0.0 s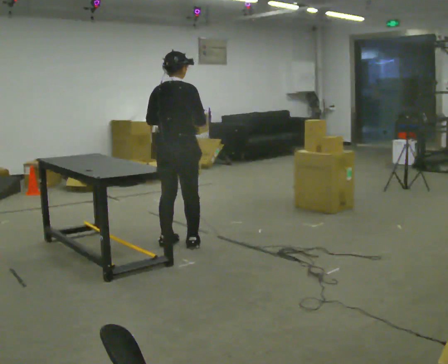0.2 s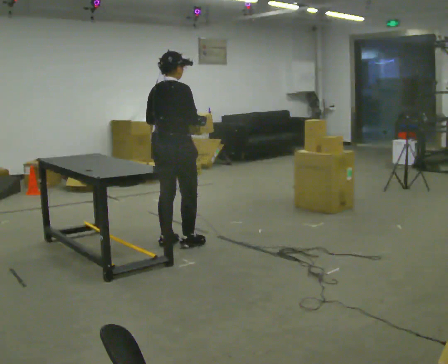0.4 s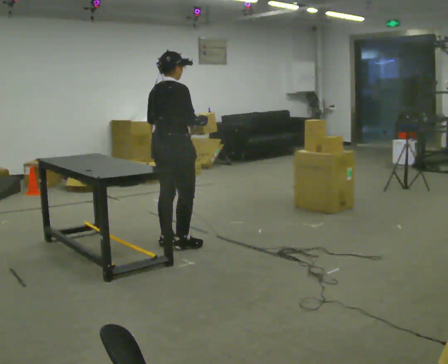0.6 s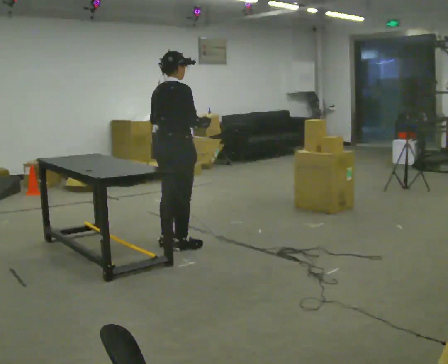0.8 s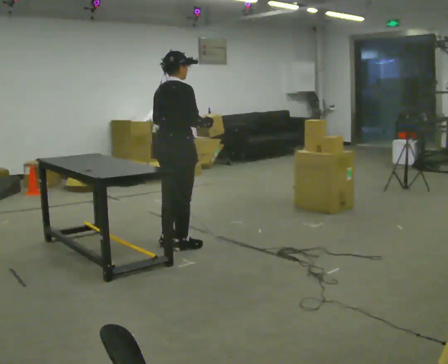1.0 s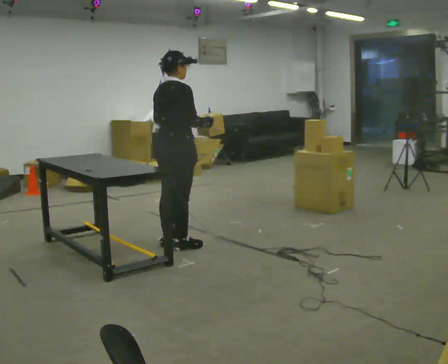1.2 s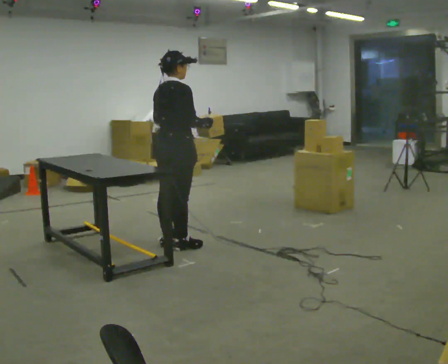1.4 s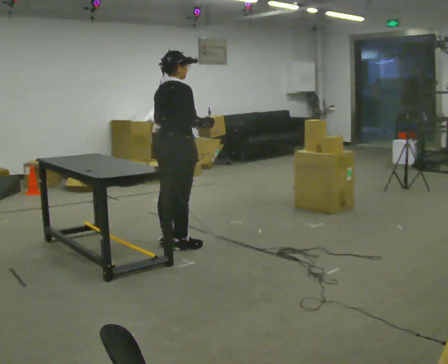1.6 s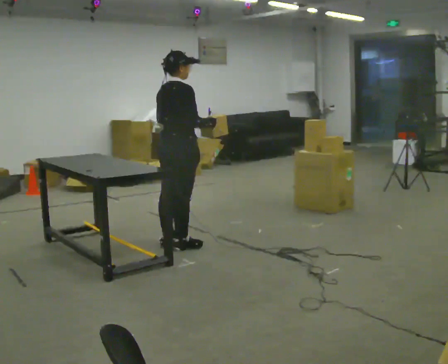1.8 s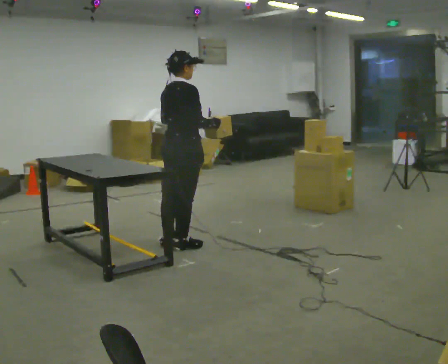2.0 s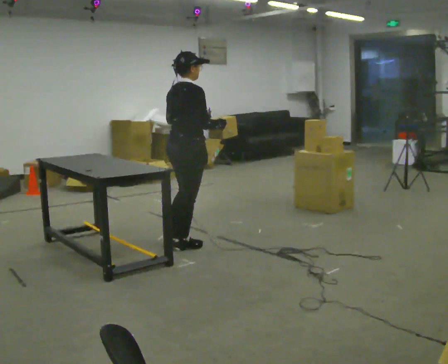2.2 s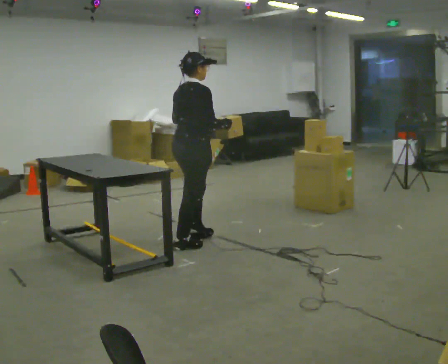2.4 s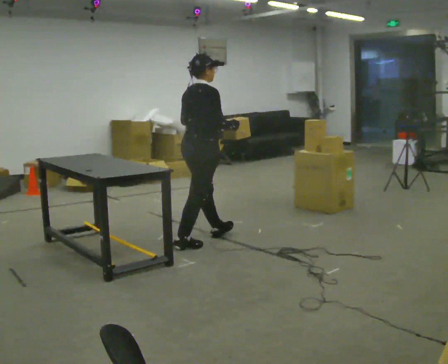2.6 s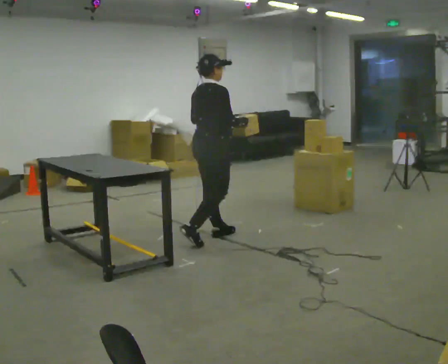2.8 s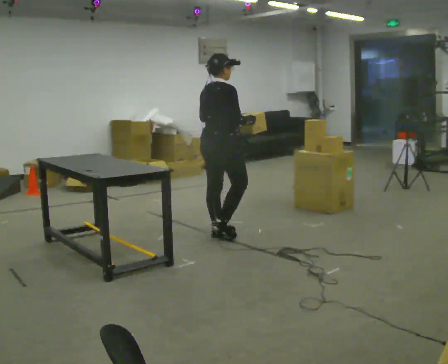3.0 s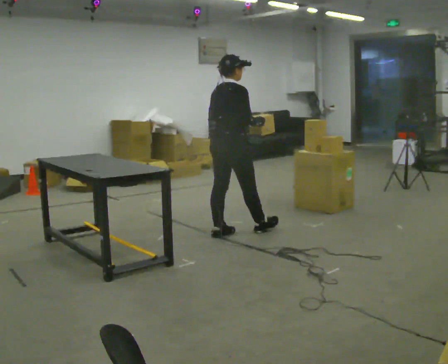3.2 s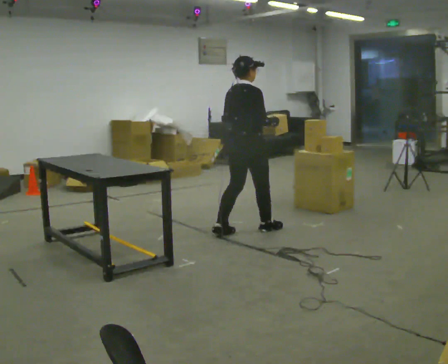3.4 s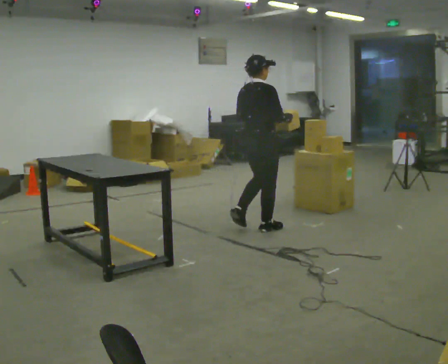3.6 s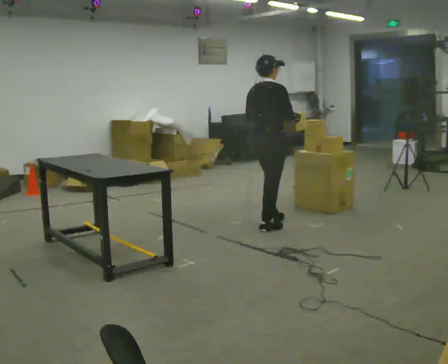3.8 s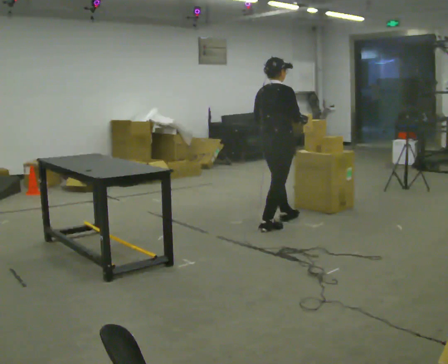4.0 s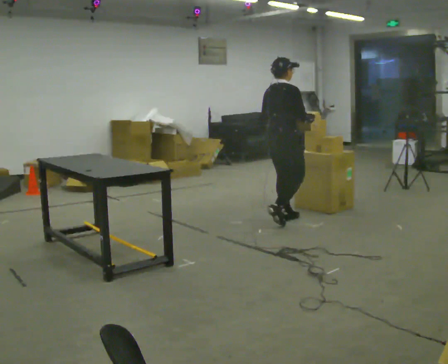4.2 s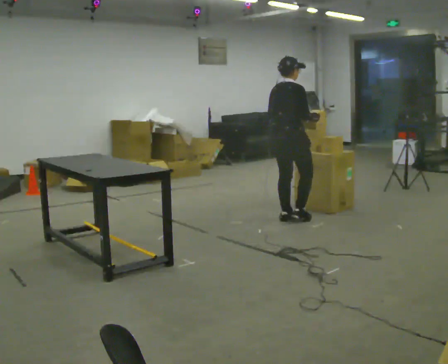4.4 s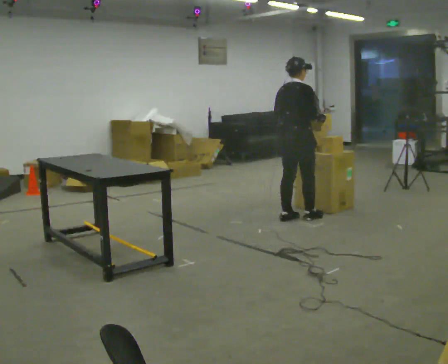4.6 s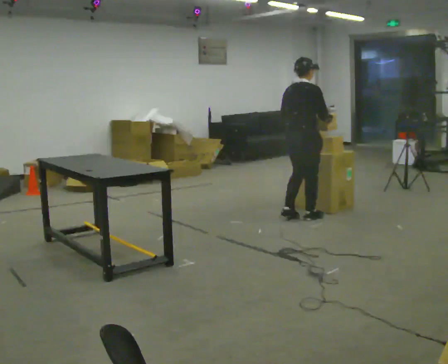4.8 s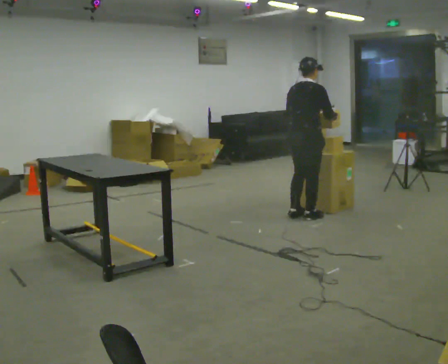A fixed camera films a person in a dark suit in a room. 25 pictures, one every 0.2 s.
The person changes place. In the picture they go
to the right.
0.0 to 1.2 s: The person moves a little, or ends about where they began.
1.2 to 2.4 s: In the picture they go to the right, about 0.25 m in 1 step, which for them is forward.
2.4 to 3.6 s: In the picture they go to the right and away from the camera, about 0.5 m in 1 step, which for them is forward.
3.6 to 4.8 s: In the picture they go to the right and away from the camera, about 0.5 m in 3 steps, which for them is forward.
The film runs forward here.
